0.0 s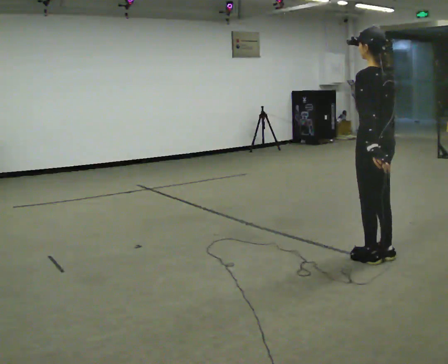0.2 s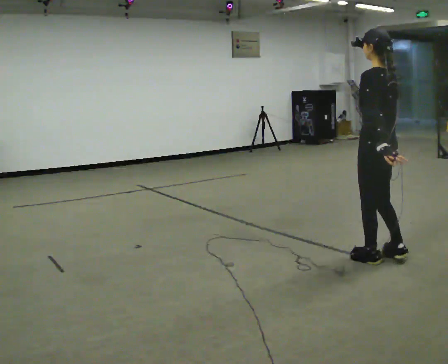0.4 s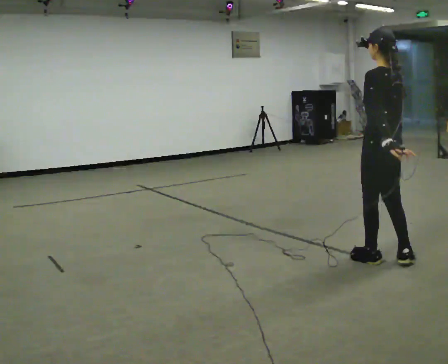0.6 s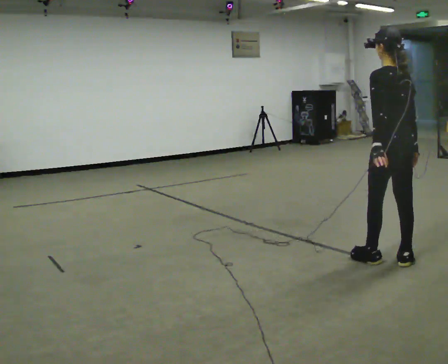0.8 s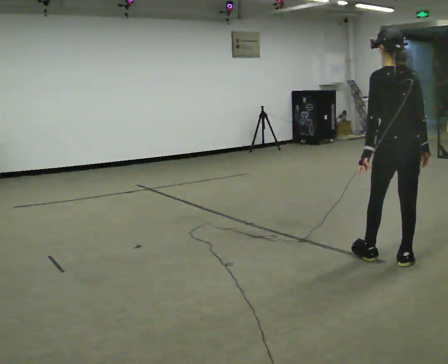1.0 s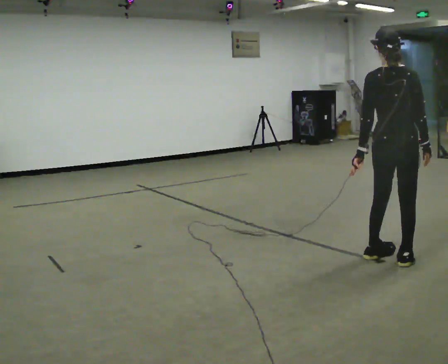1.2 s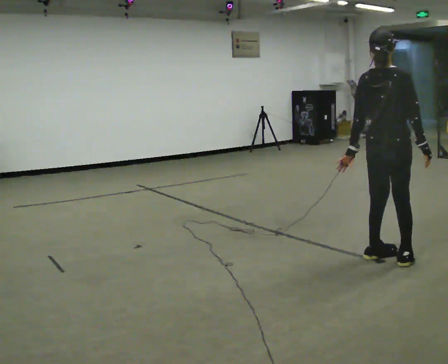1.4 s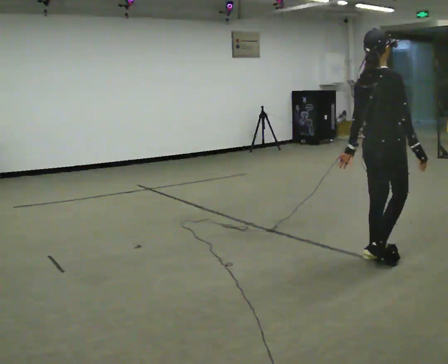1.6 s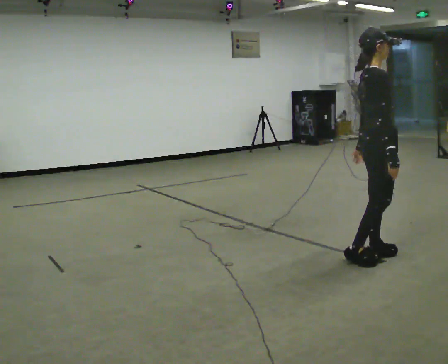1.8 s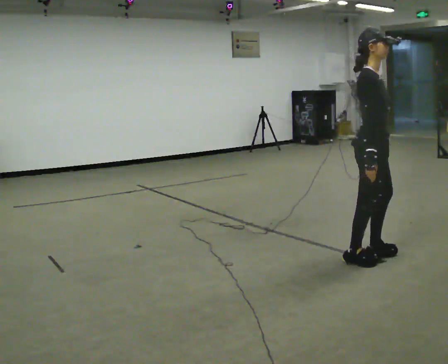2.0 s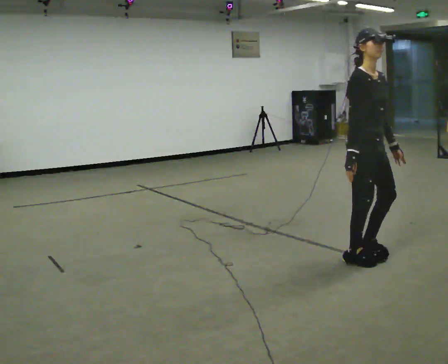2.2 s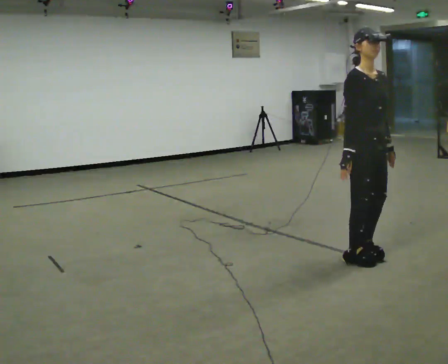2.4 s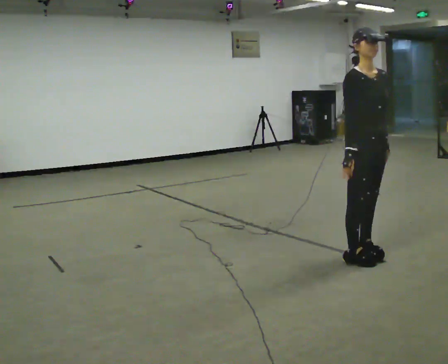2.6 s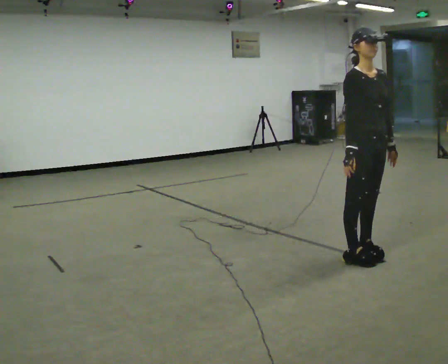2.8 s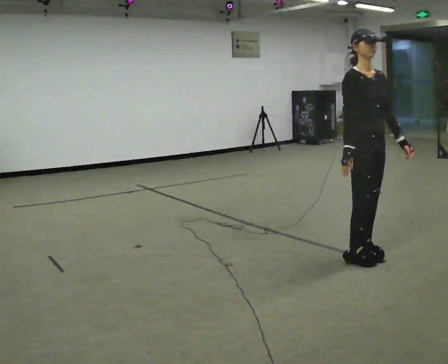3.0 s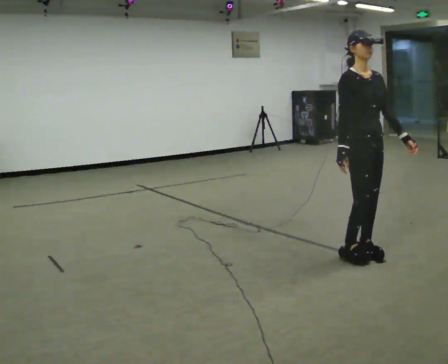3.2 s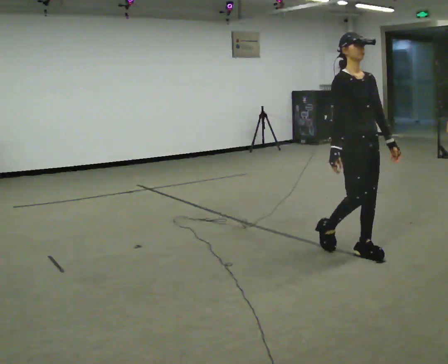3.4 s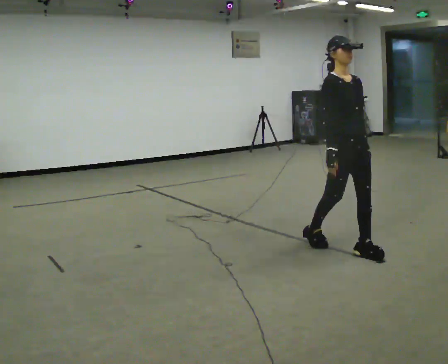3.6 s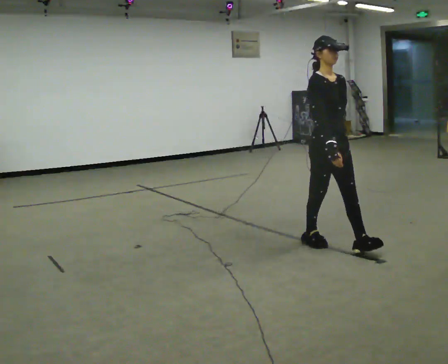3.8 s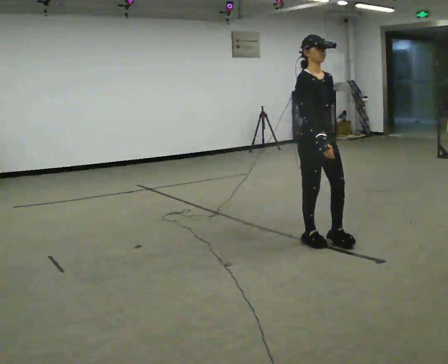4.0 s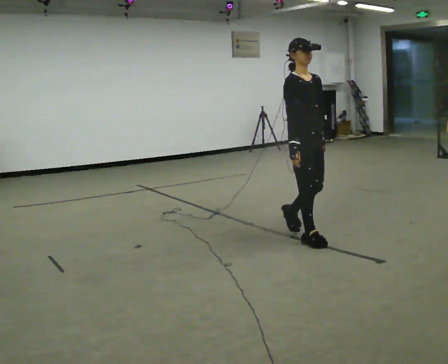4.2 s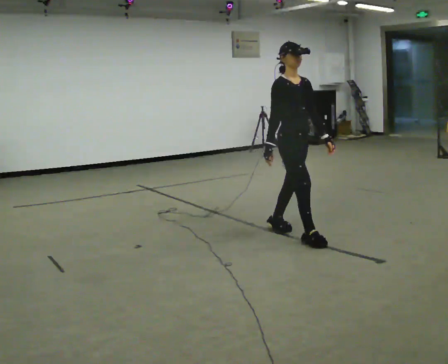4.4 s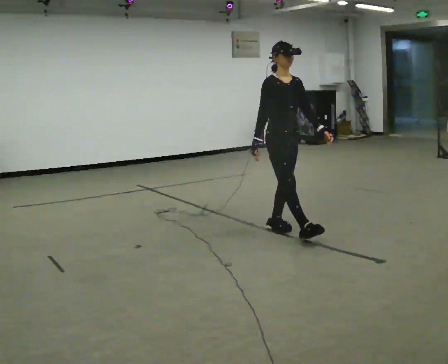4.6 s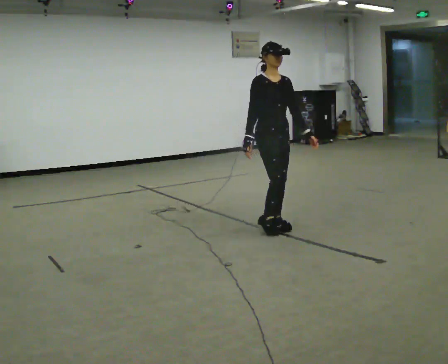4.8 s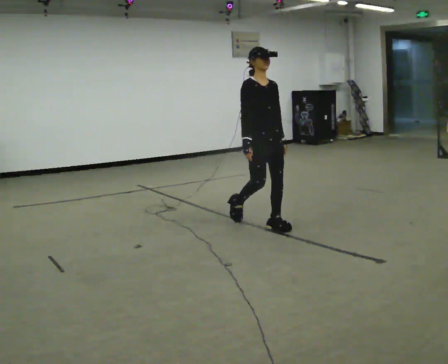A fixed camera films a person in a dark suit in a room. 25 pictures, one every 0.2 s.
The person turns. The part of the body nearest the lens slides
to the left.
The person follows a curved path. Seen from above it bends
clockwise.
0.0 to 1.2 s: The part of the body nearest the lens slides to the left as the person turns to their right by about 75 degrees.
1.2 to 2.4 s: The person turns about 120 degrees to their right, clockwise seen from above, so the part of the body nearest the lens slides to the left. In the picture they go to the left, about 0.25 m in 1 step. In the picture their right hand goes to the left, the arm swinging clockwise.
2.4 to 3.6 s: In the picture they go away from the camera and to the left, about 0.25 m in 1 step, which for them is backward.
3.6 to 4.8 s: In the picture they go away from the camera and to the left, about 1 m in 2 steps, which for them is backward.
The film runs backward here.
